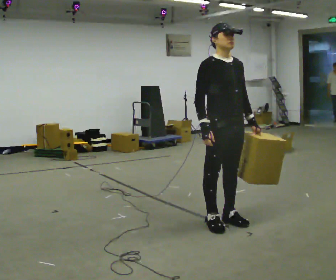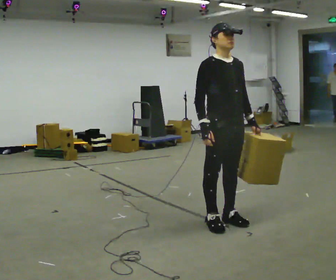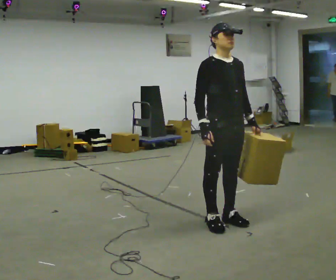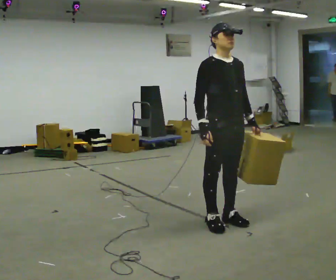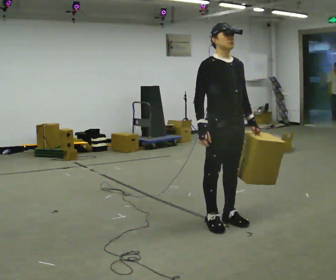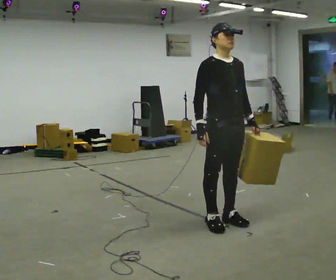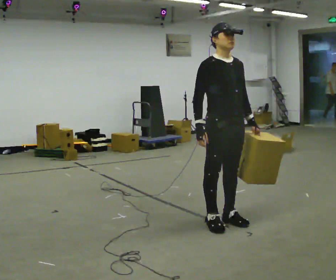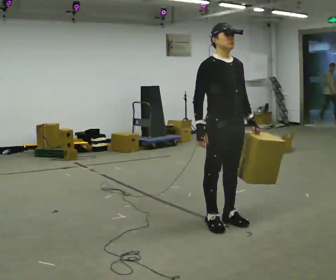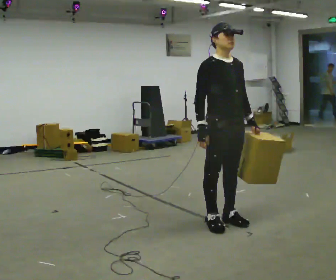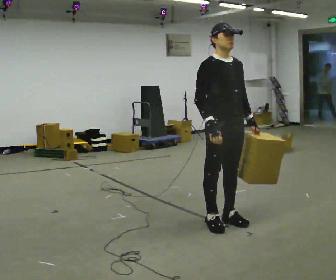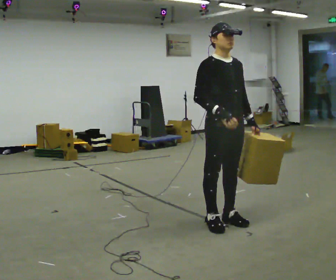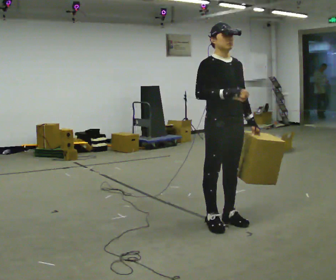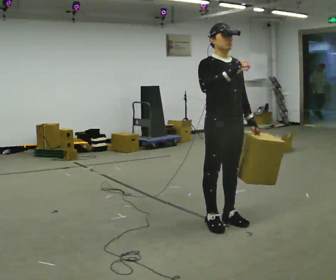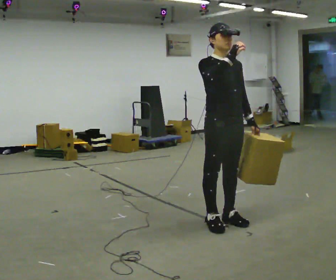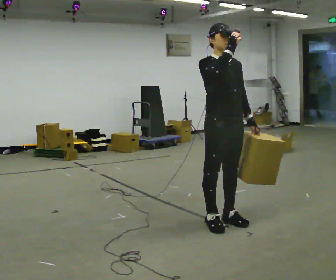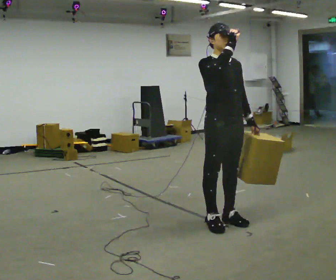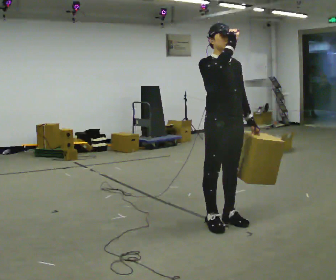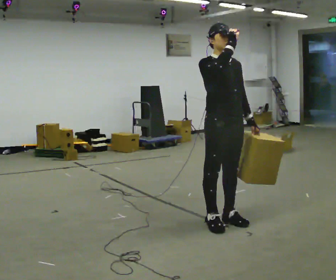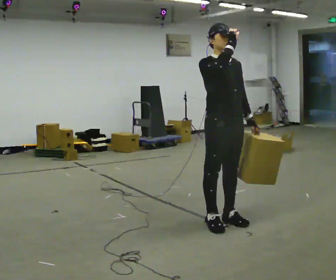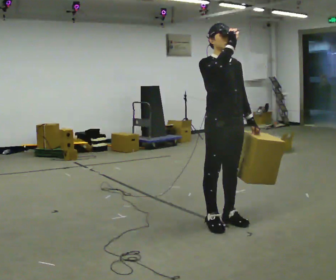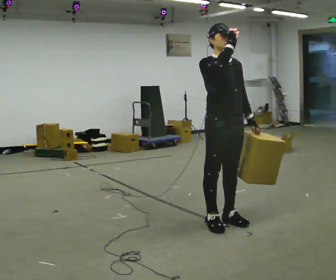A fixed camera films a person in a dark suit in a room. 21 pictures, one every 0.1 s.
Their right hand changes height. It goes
upward.
0.0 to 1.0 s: The person moves a little, or ends about where they began.
1.0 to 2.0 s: In the picture their right hand goes upward.
The film runs backward here.
